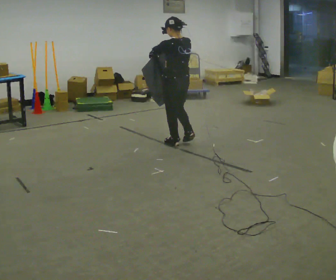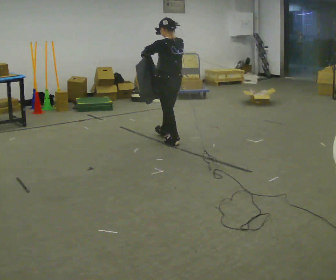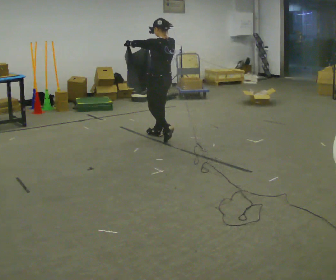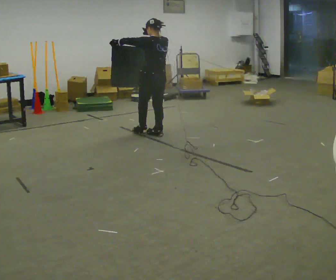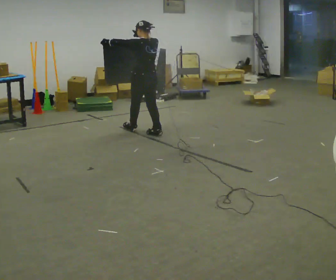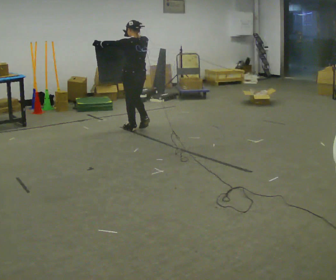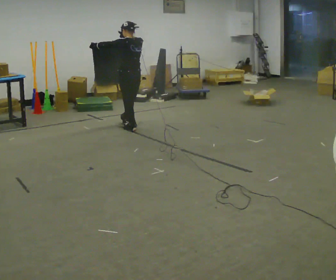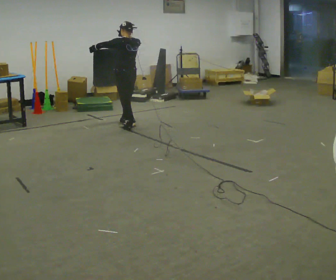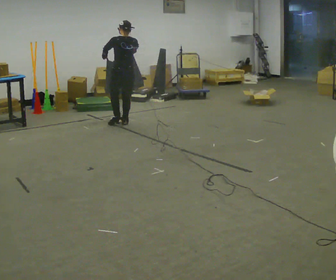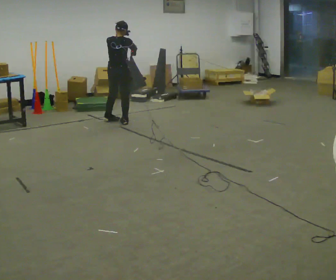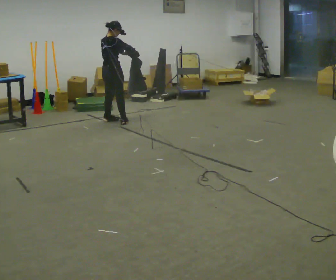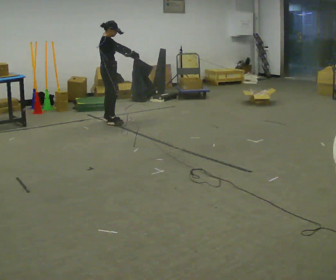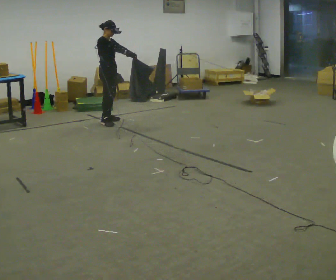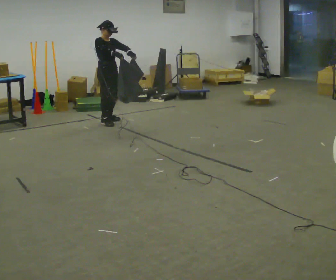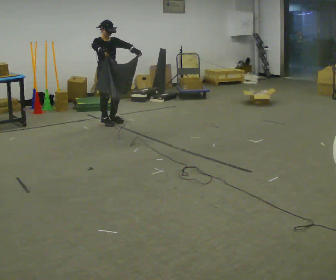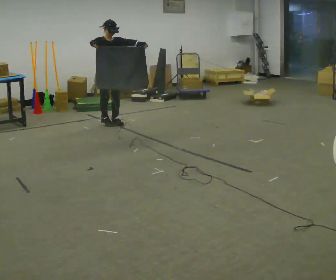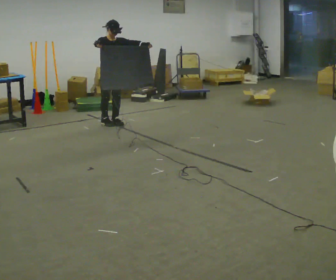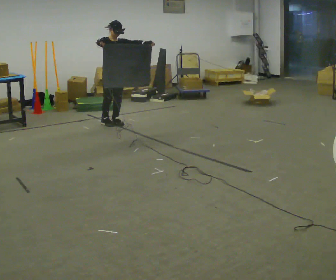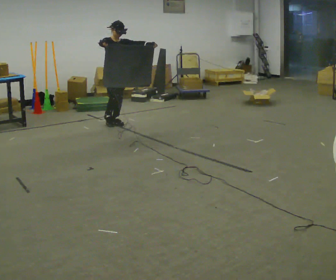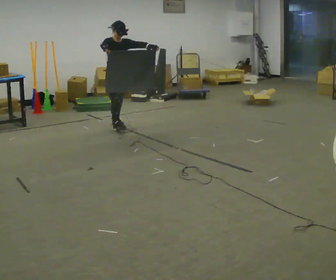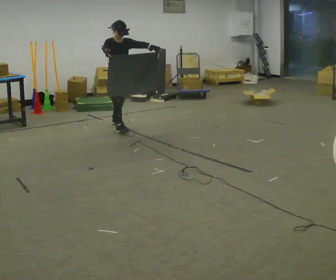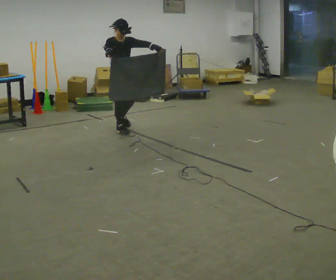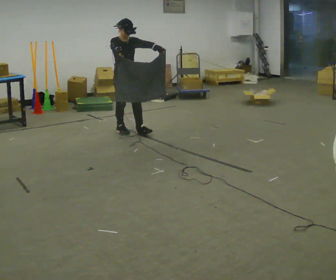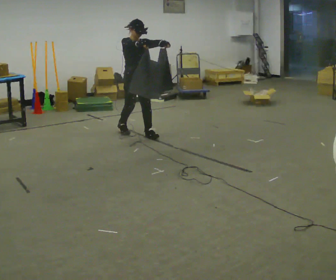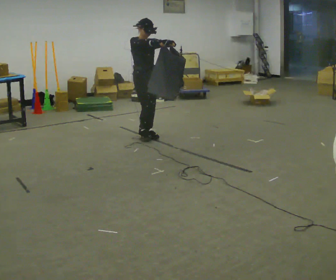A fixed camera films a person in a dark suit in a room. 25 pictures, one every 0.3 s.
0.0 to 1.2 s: In the picture they go away from the camera and to the left, about 0.75 m in 2 steps, which for them is forward.
1.2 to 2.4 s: In the picture they go away from the camera and to the left, about 0.5 m in 1 step, which for them is forward.
2.4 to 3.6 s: The part of the body nearest the lens slides to the left as the person turns to their right by about 120 degrees. In the picture they go to the left and away from the camera, about 0.25 m in 2 steps.
3.6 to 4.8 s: The part of the body nearest the lens slides to the left as the person turns to their right by about 45 degrees. In the picture their right hand goes to the left.
4.8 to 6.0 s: In the picture they go toward the camera, about 0.25 m in 1 step, which for them is forward.
6.0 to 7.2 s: In the picture they go toward the camera and to the right, about 0.5 m in 1 step, which for them is forward.
The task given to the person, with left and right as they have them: Carry the cloth and, while walking, fold it in half, then unfold it. Keep repeating as you walk. Do not stop.
The film runs forward here.
